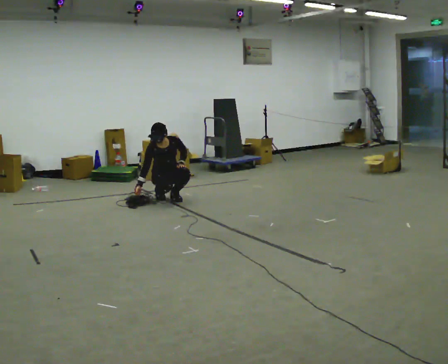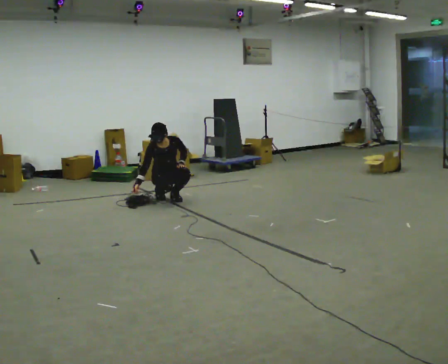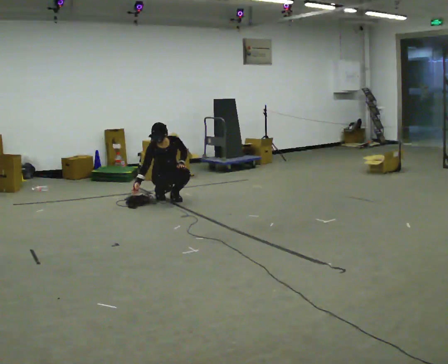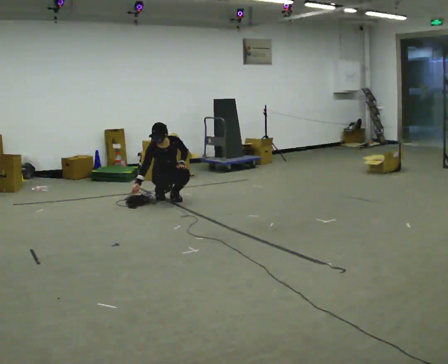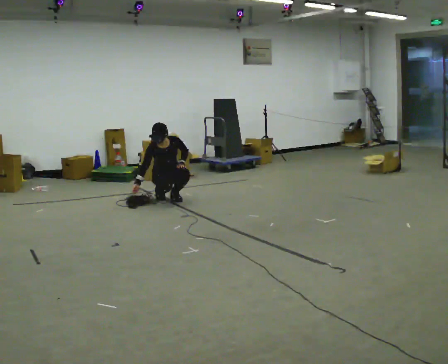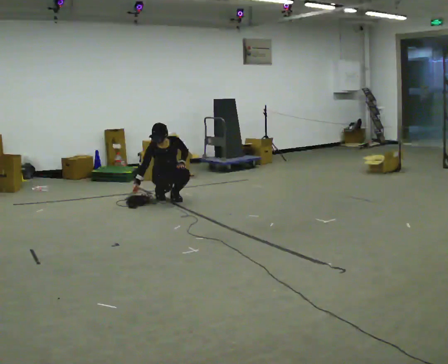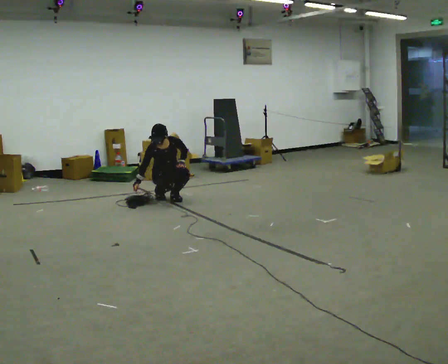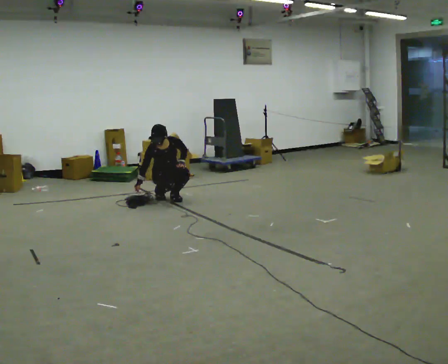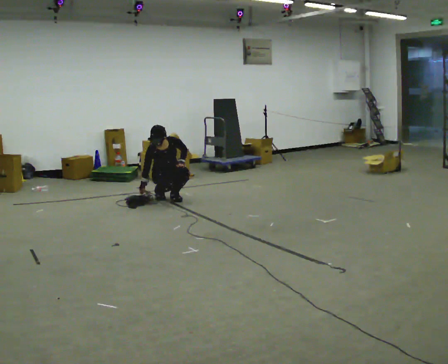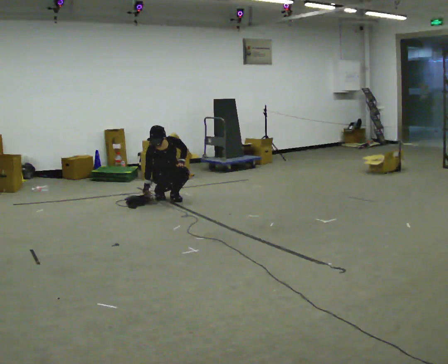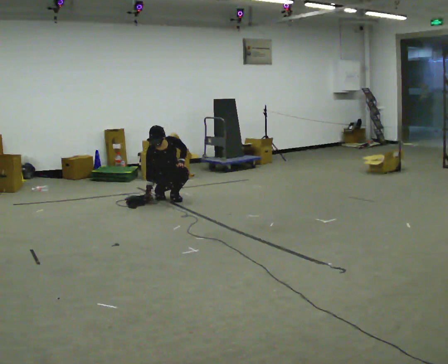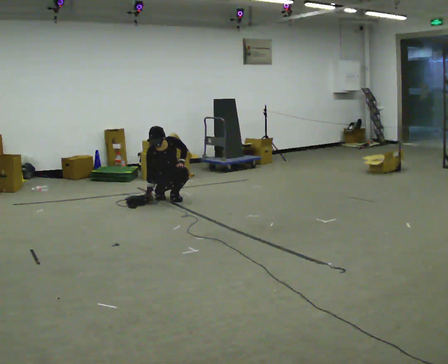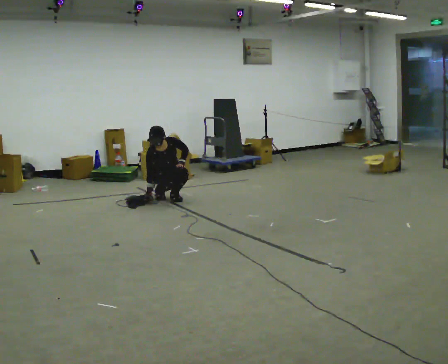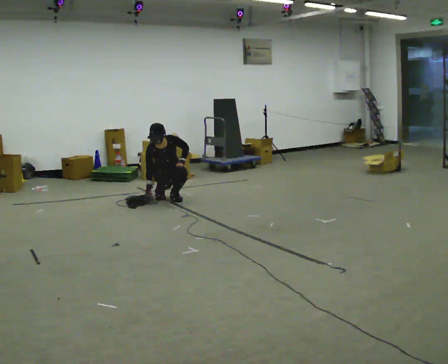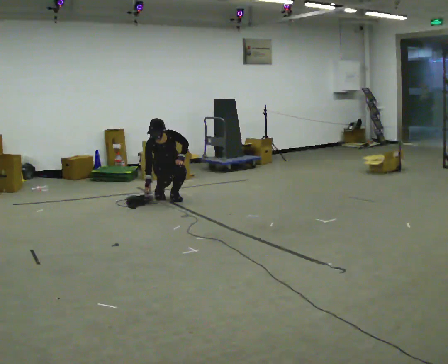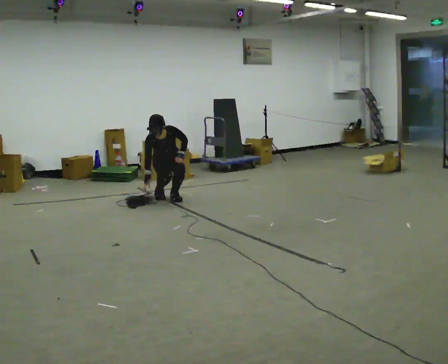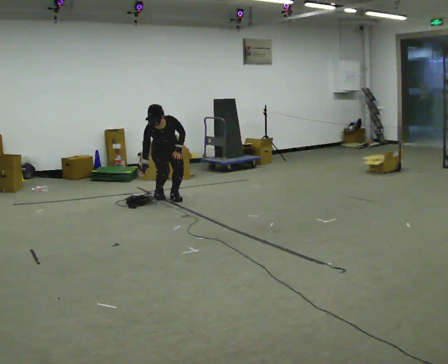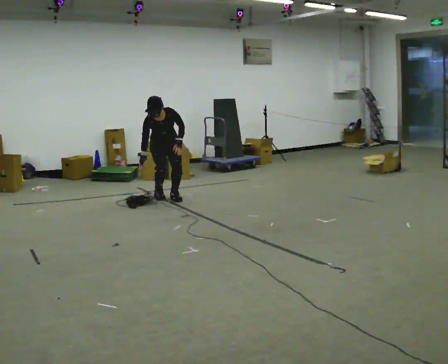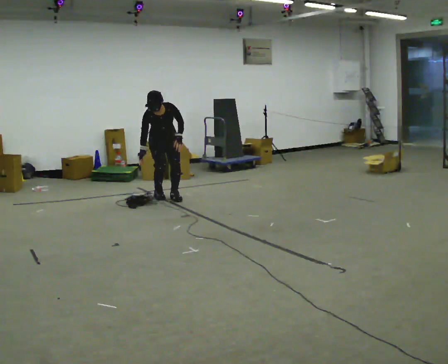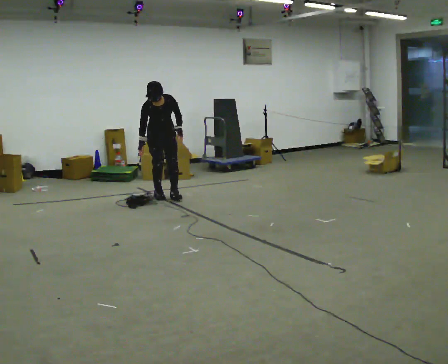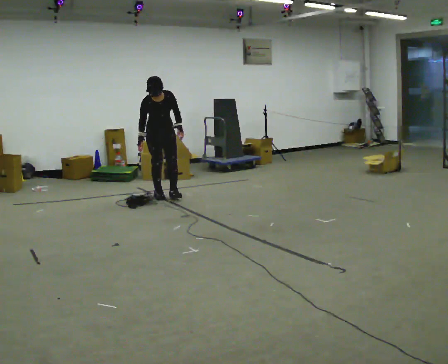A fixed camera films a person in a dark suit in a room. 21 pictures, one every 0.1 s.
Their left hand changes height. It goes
upward.
The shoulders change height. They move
upward.
0.0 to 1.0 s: The person moves a little, or ends about where they began.
1.0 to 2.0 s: The upper body goes upward. In the picture their left hand goes upward.
The film runs backward here.
